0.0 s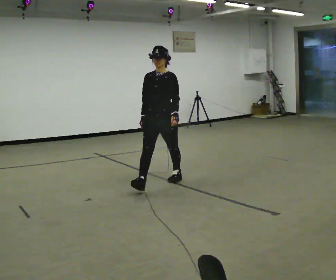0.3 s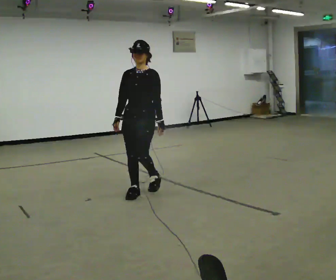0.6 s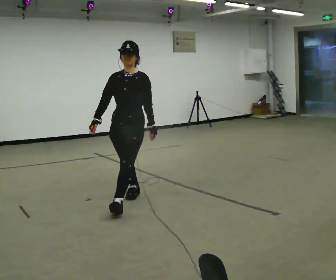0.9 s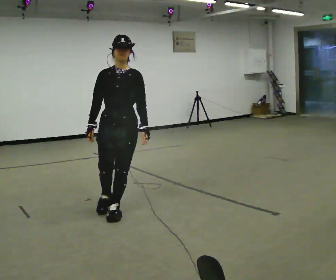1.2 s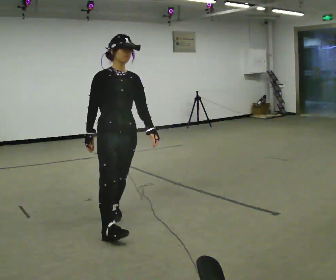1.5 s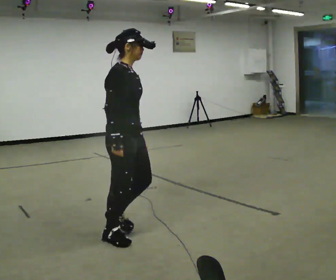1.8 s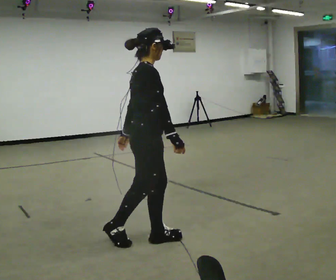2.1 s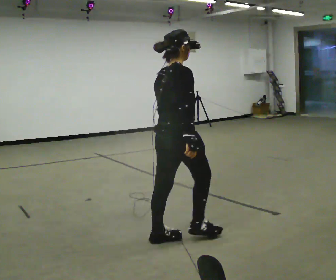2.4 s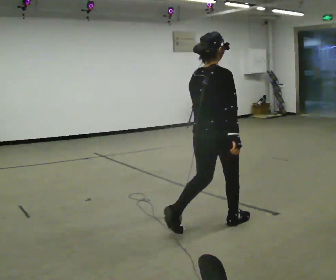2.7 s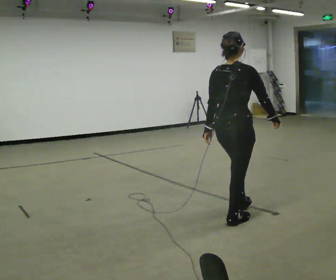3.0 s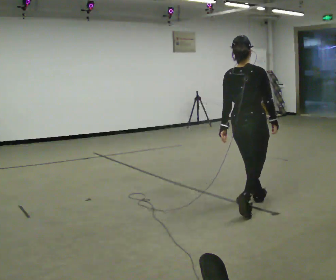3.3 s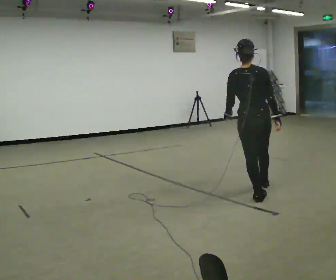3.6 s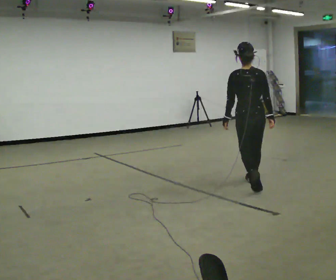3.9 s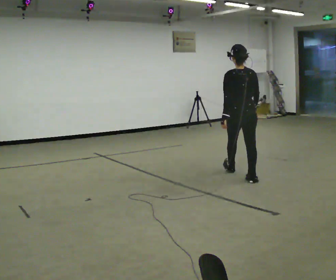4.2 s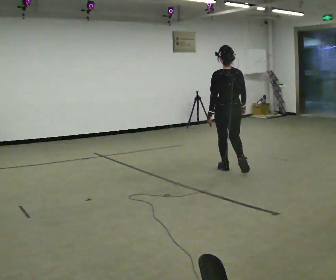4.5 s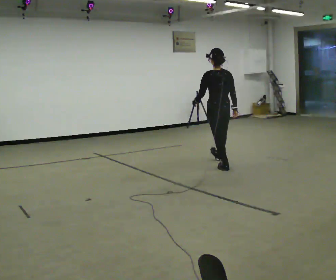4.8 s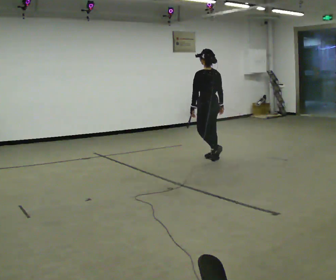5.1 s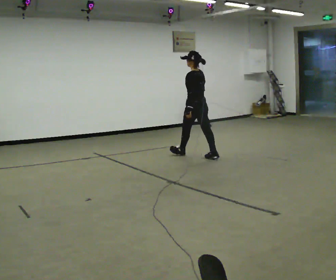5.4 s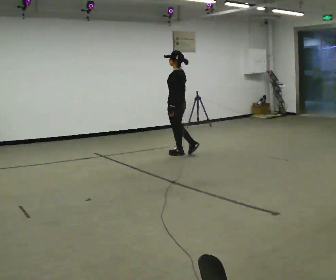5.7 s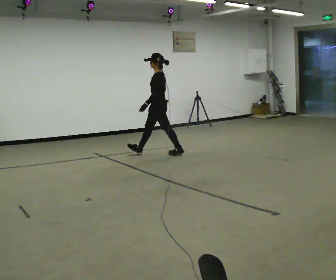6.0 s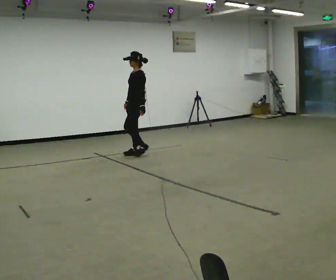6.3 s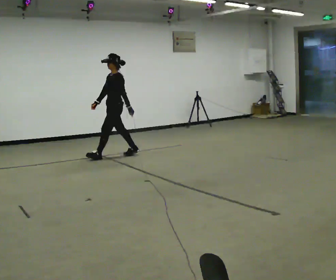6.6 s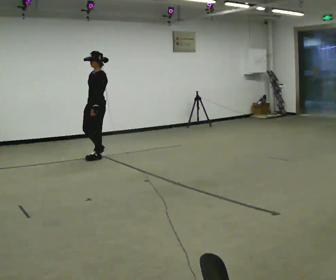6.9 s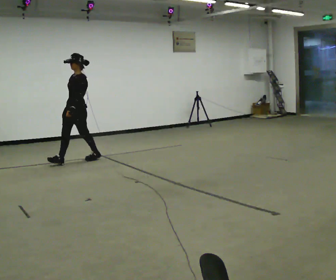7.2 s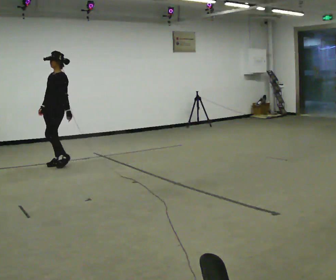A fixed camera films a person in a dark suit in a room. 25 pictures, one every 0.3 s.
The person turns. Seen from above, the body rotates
counterclockwise.
The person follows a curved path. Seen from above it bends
counterclockwise.
0.0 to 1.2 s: Seen from above the body turns counterclockwise, about 45 degrees: to their left, with its near side sliding to the right. In the picture they go toward the camera, about 1.5 m in 2 steps, which for them is forward.
1.2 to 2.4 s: The part of the body nearest the lens slides to the right as the person turns to their left by about 105 degrees. In the picture they go to the right, about 1 m in 3 steps.
2.4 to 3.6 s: The person turns about 45 degrees to their left, counterclockwise seen from above, so the part of the body nearest the lens slides to the right. In the picture they go away from the camera, about 1.5 m in 2 steps, which for them is forward.
3.6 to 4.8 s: Seen from above the body turns counterclockwise, about 30 degrees: to their left, with its near side sliding to the right. In the picture they go away from the camera and to the left, about 1.5 m in 2 steps, which for them is forward.
4.8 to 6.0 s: Seen from above the body turns counterclockwise, about 75 degrees: to their left, with its near side sliding to the right. In the picture they go to the left, about 1 m in 2 steps.
6.0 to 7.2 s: Seen from above the body turns counterclockwise, about 30 degrees: to their left, with its near side sliding to the right. In the picture they go to the left and toward the camera, about 1.5 m in 2 steps, which for them is forward.
The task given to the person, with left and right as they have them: Walk continuously around room; naturally change direction/speed; no manipulation.
The film runs forward here.
